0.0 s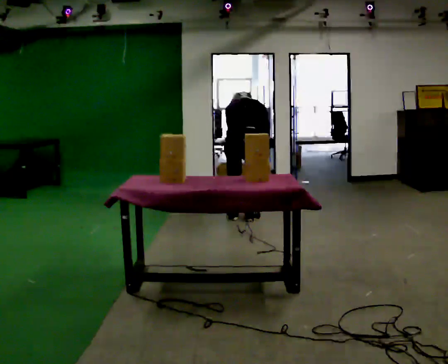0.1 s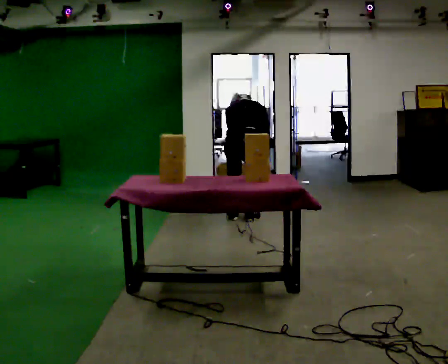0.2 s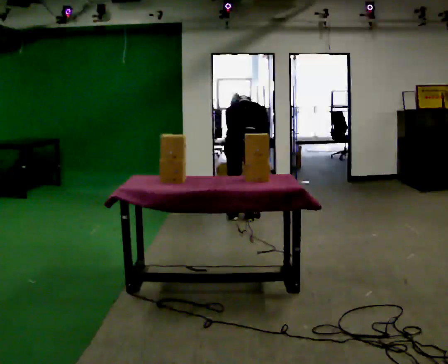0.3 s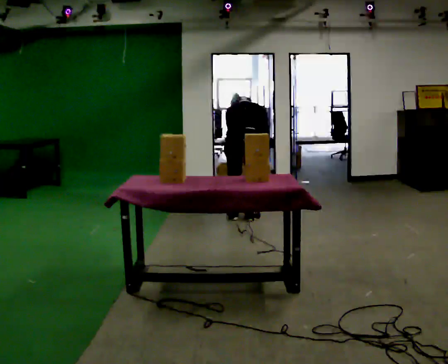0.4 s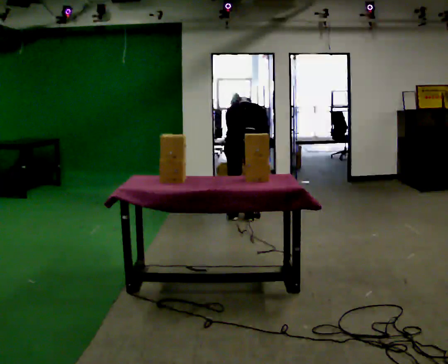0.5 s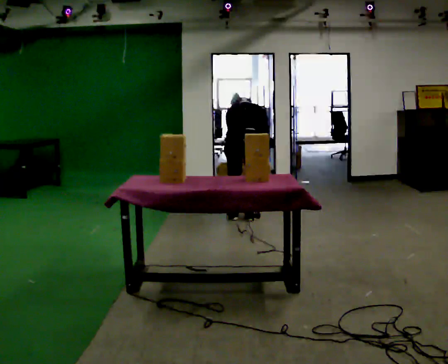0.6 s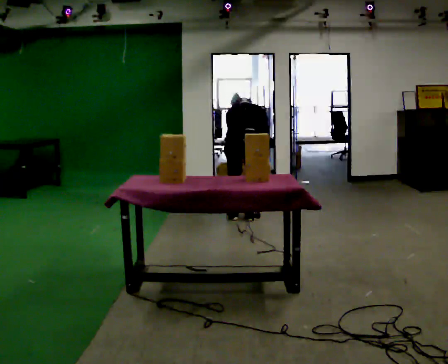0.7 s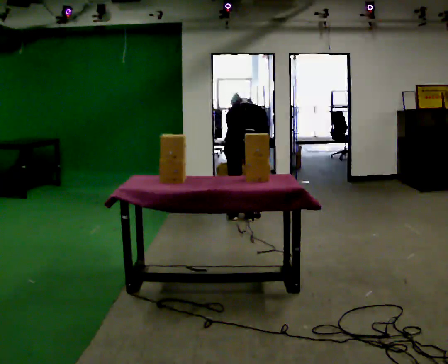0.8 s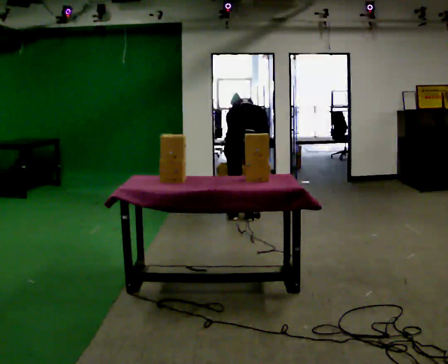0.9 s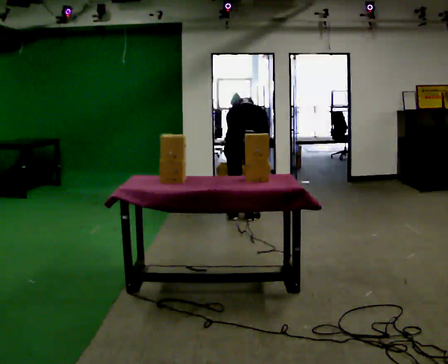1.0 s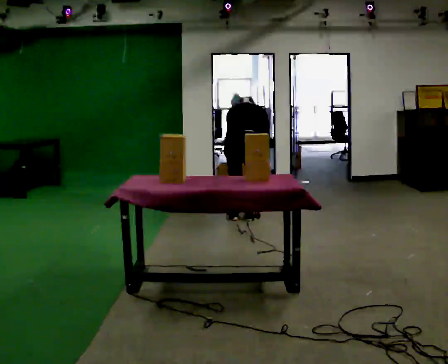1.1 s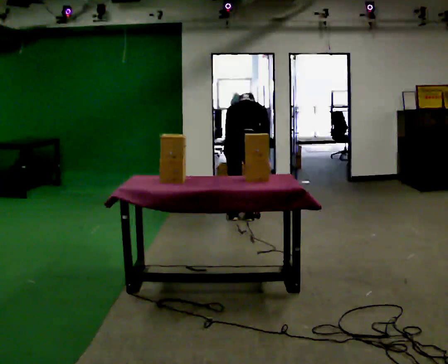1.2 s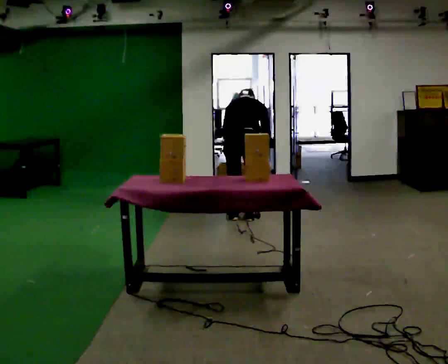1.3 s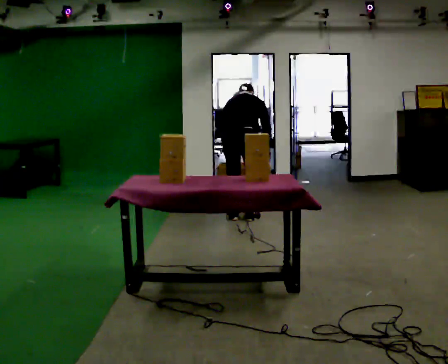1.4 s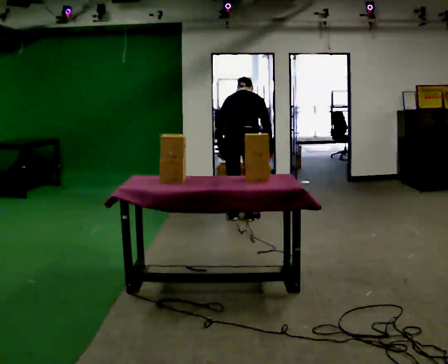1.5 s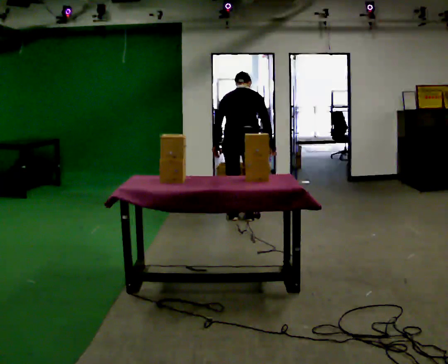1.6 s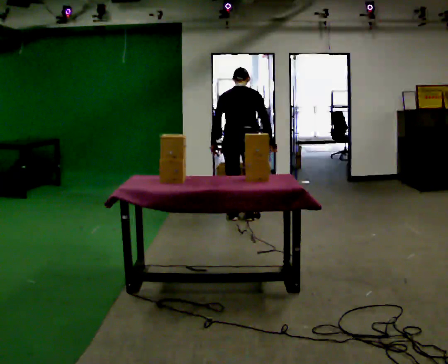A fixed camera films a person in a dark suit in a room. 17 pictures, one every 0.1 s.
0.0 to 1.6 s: The upper body tips toward the camera, its near side rolling downward, as they lean back or straighten.
The film runs forward here.
